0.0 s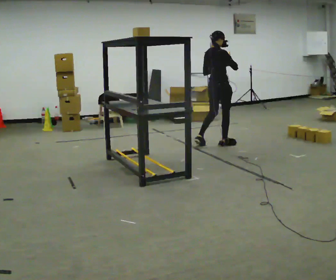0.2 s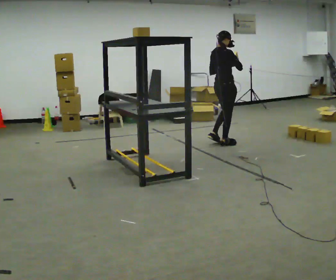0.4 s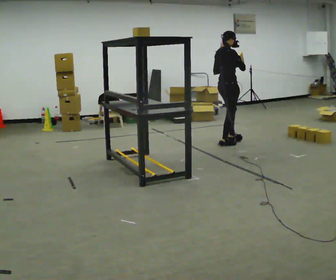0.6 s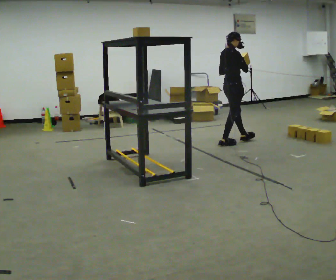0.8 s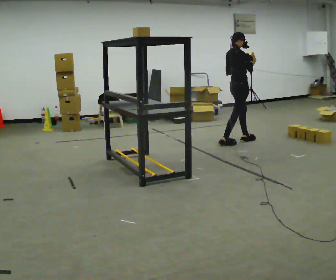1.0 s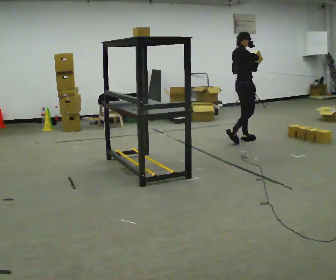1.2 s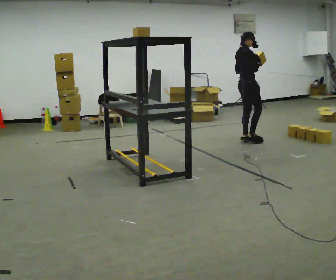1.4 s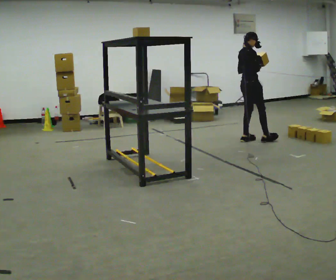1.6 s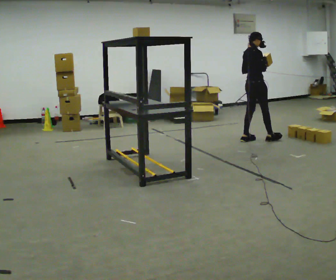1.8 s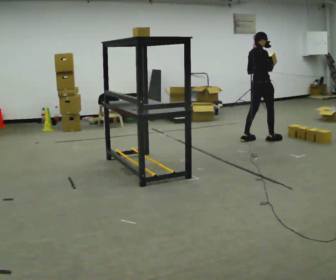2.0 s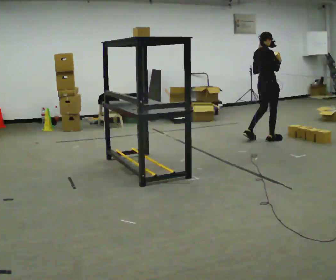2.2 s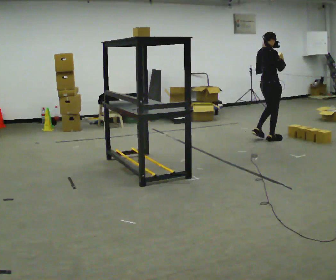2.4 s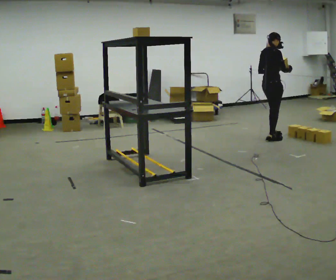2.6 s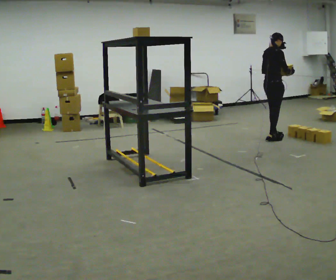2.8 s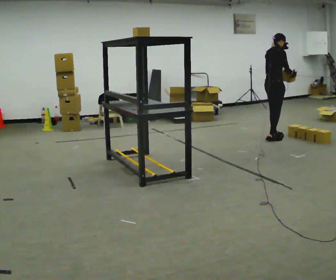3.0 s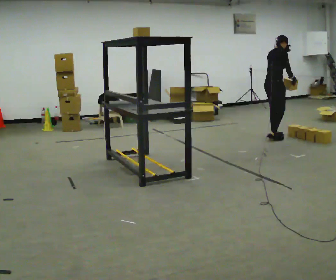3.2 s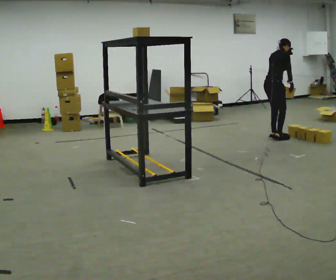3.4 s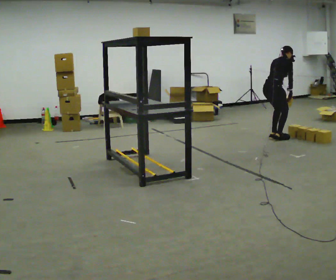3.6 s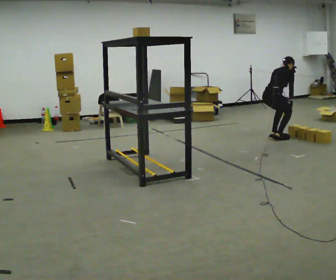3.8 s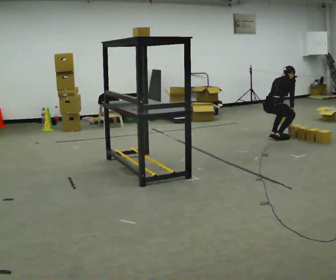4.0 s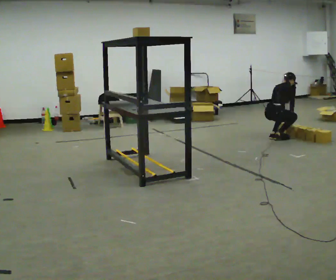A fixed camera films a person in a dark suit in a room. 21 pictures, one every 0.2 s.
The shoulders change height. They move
downward.
The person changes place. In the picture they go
to the right.
0.0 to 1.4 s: In the picture they go to the right and away from the camera, about 0.5 m in 1 step, which for them is forward.
1.4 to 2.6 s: In the picture they go to the right, about 0.25 m in 2 steps, which for them is forward and to their right.
2.6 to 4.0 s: The shoulders move downward. The upper body tips away from the camera, its near side rolling upward, as they bend forward. In the picture their right hand goes downward.
The film runs forward here.
